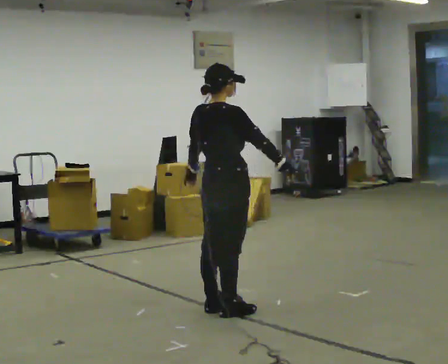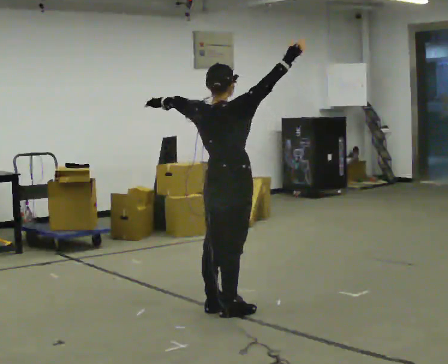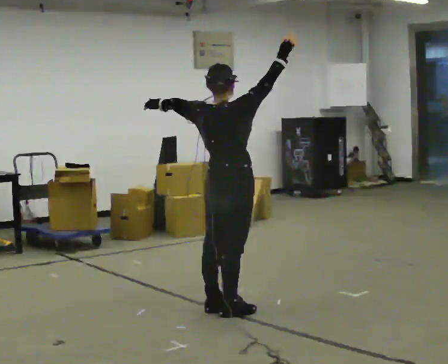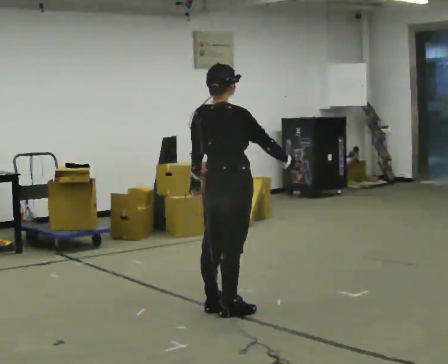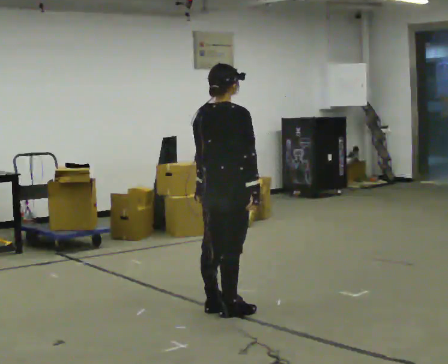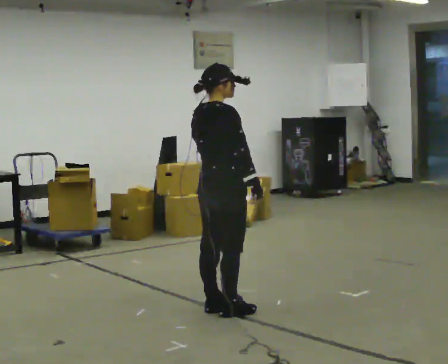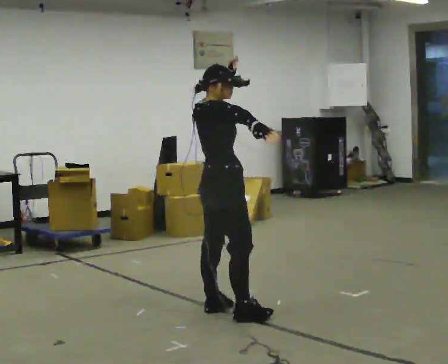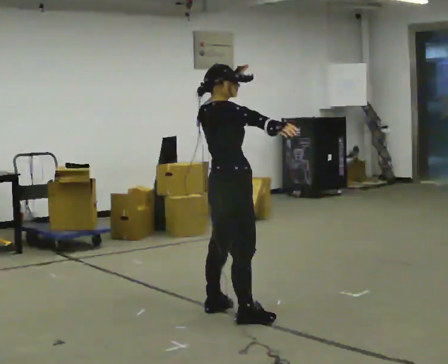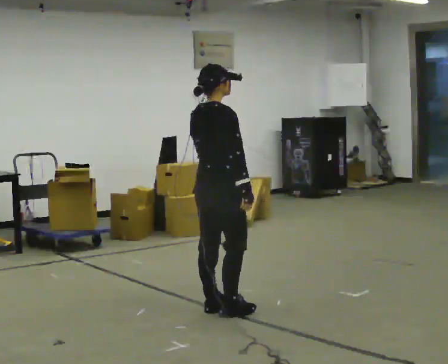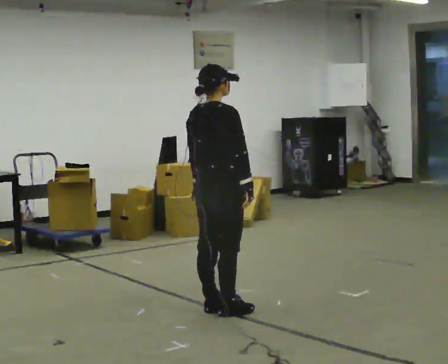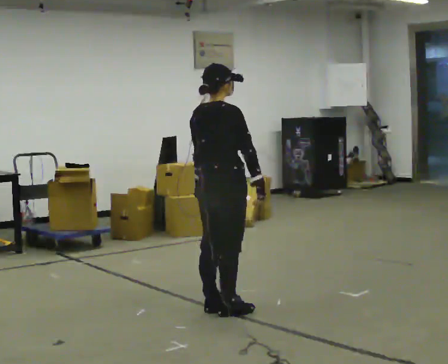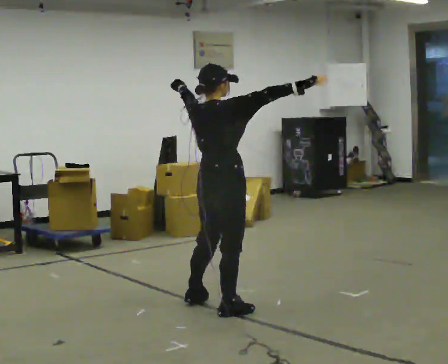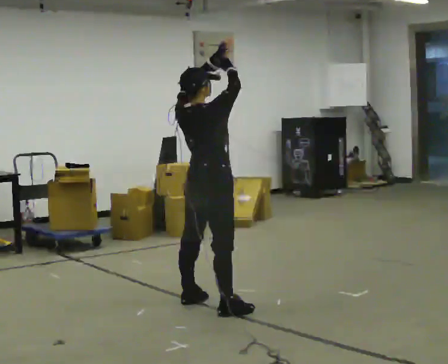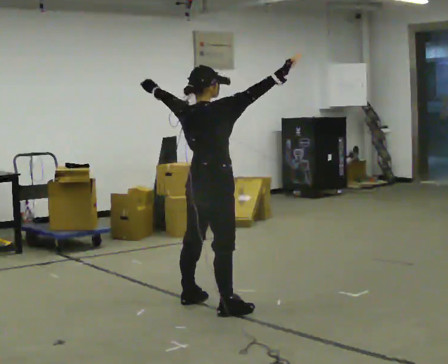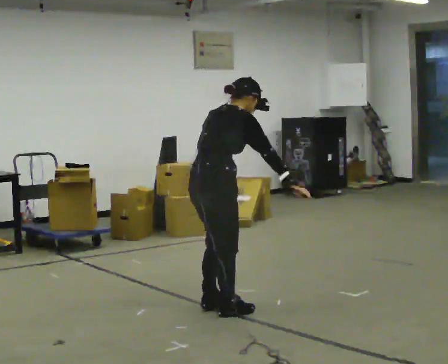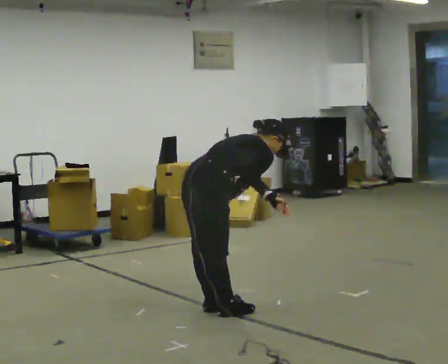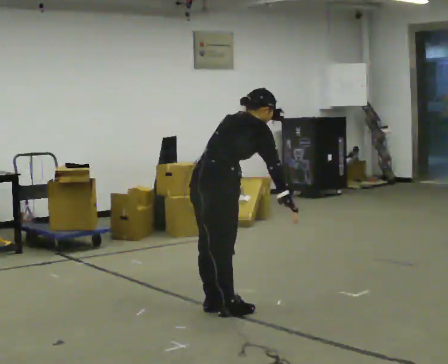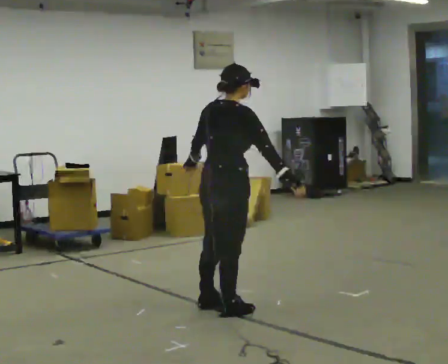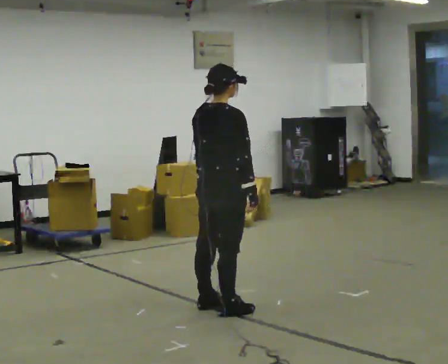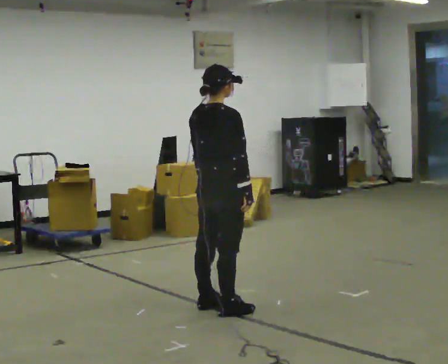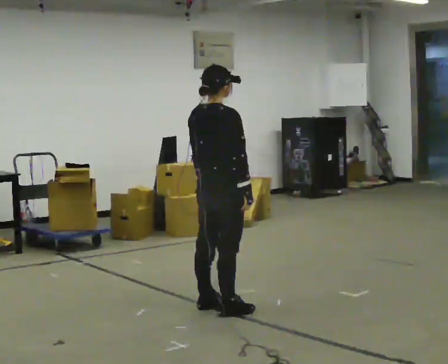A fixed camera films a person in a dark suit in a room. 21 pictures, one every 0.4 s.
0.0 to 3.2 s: The person moves a little, or ends about where they began.
3.2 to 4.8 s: In the picture they go away from the camera, about 0.25 m in 2 steps, which for them is to their left. In the picture their right hand goes upward, the arm swinging counterclockwise.
4.8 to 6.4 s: In the picture they go toward the camera, about 0.25 m in 1 step, which for them is to their right. In the picture their right hand goes downward and to the right.
6.4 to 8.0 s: In the picture the upper body tilts counterclockwise, shoulders to the left, as they lean back or straighten.
The film runs forward here.
